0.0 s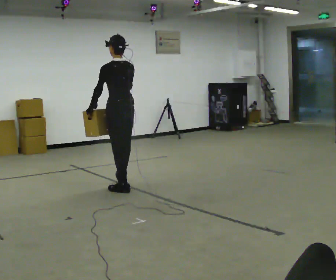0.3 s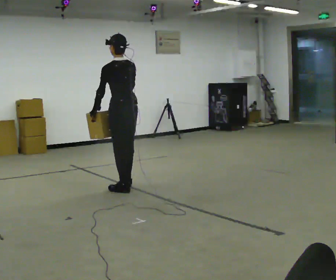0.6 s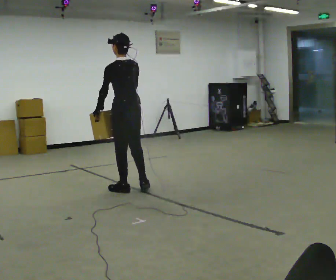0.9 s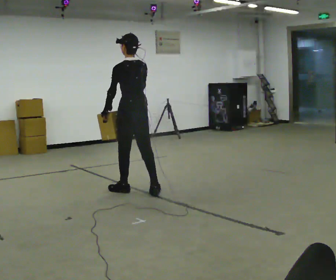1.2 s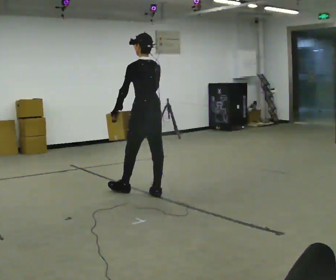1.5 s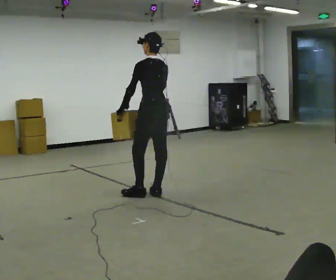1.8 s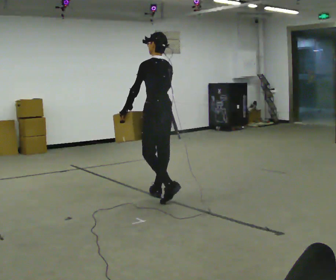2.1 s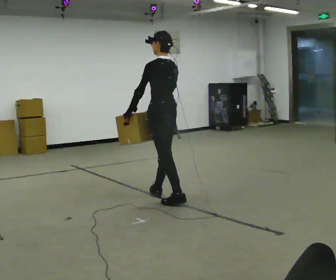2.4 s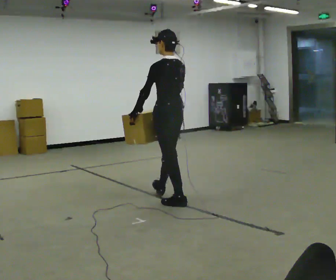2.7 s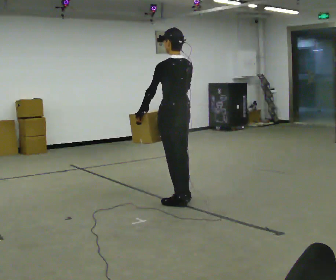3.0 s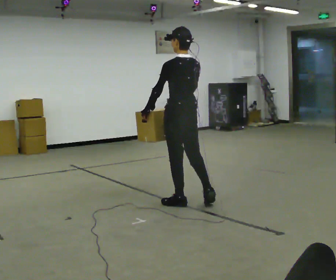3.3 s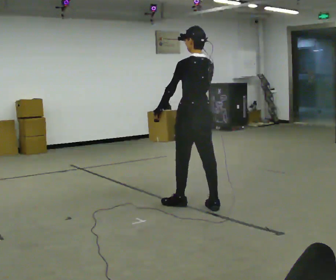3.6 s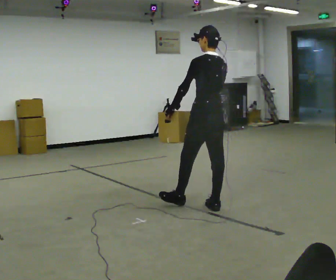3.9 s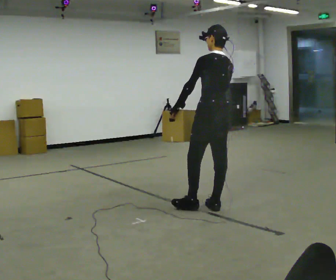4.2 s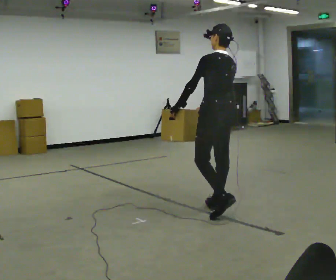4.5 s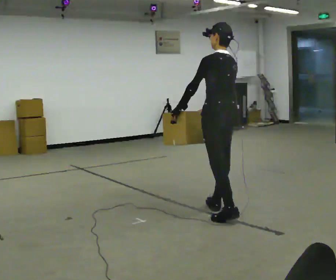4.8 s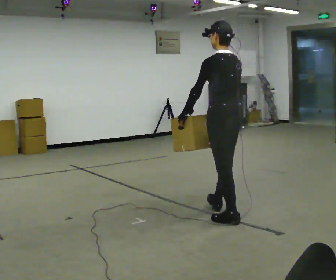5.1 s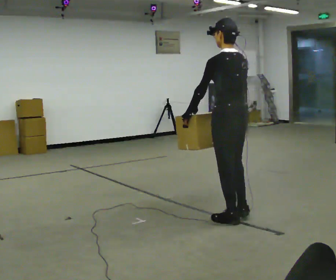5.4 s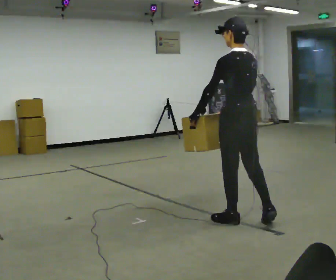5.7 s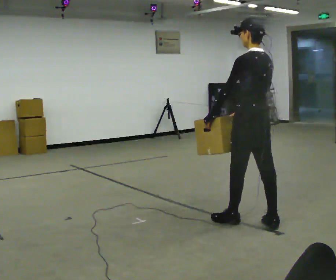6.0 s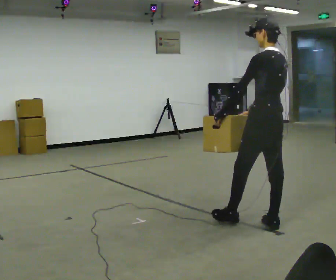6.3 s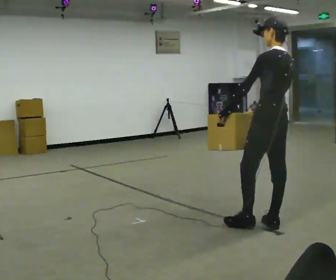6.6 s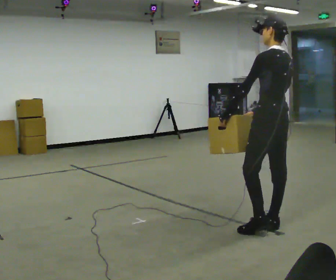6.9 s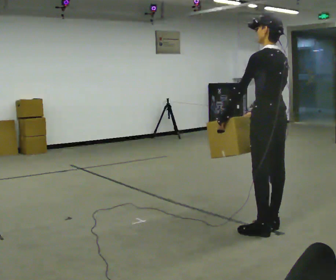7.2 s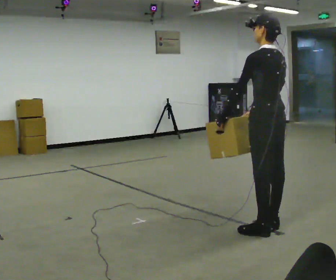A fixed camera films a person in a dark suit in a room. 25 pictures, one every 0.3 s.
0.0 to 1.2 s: In the picture they go to the right, about 0.25 m in 1 step, which for them is backward and to their right.
1.2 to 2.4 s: In the picture they go toward the camera and to the right, about 0.5 m in 2 steps, which for them is backward.
2.4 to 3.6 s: In the picture they go to the right and toward the camera, about 0.5 m, which for them is backward and to their right.
3.6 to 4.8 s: In the picture they go toward the camera and to the right, about 0.25 m in 1 step, which for them is backward.
4.8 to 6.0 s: In the picture they go to the right and toward the camera, about 0.5 m in 1 step, which for them is backward and to their right.
6.0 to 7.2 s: The person moves a little, or ends about where they began.
The film runs backward here.
